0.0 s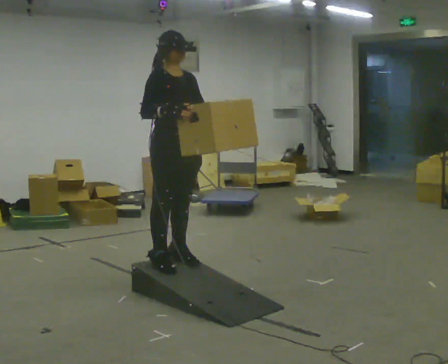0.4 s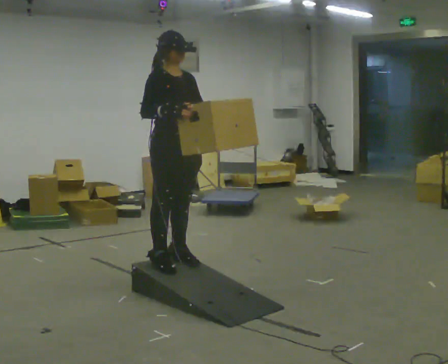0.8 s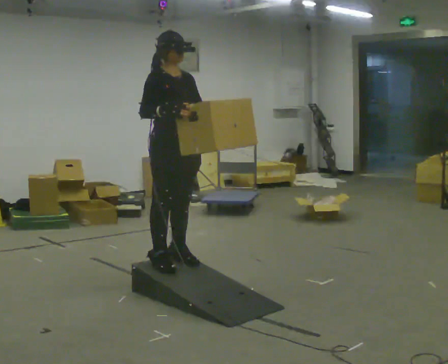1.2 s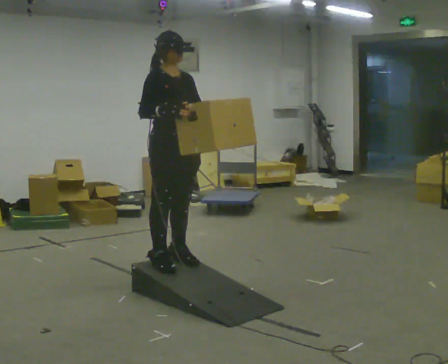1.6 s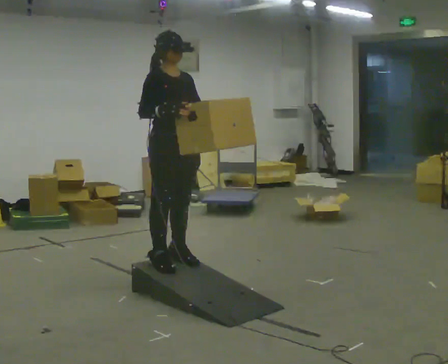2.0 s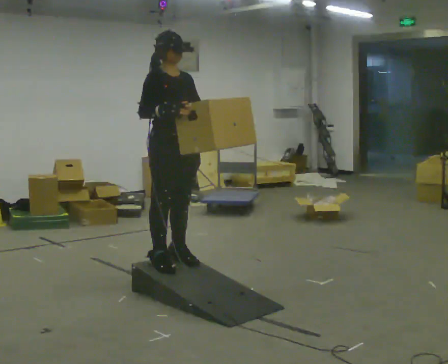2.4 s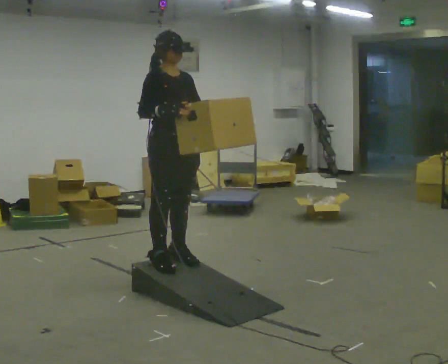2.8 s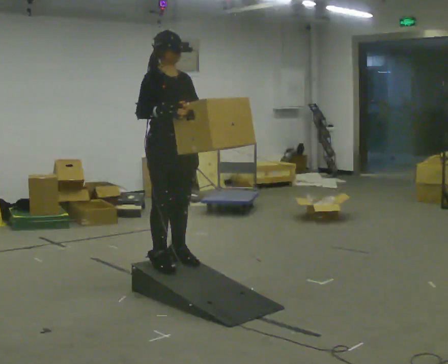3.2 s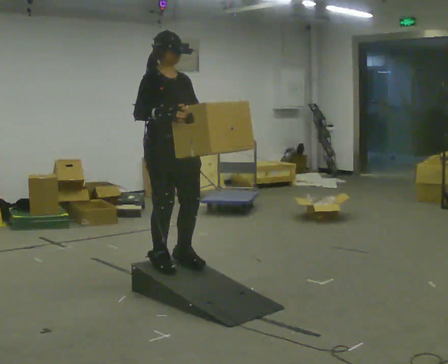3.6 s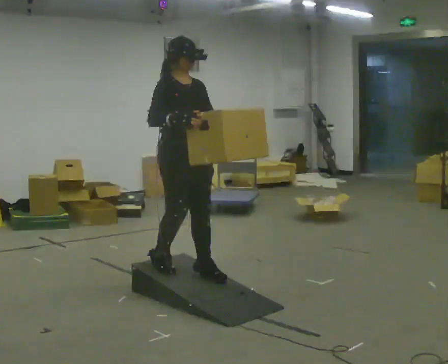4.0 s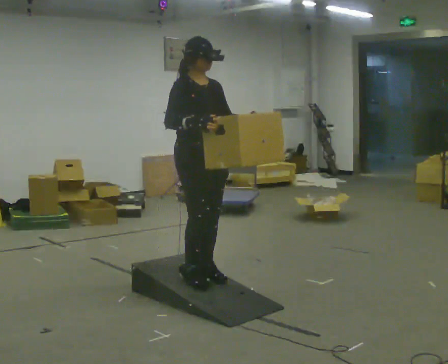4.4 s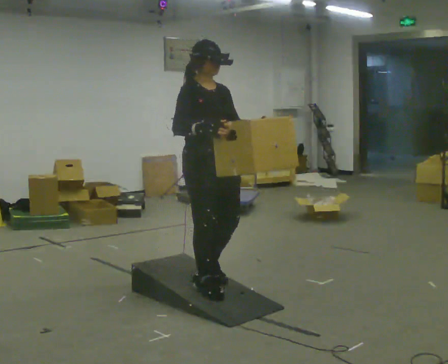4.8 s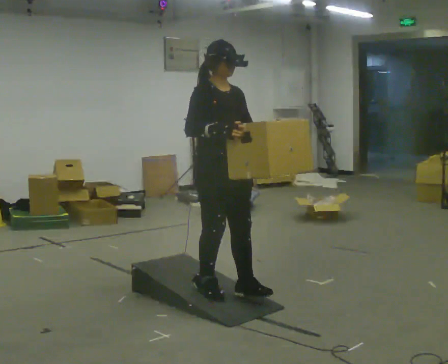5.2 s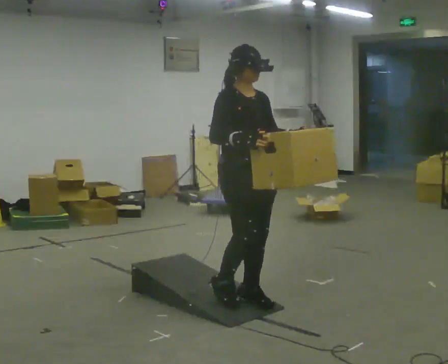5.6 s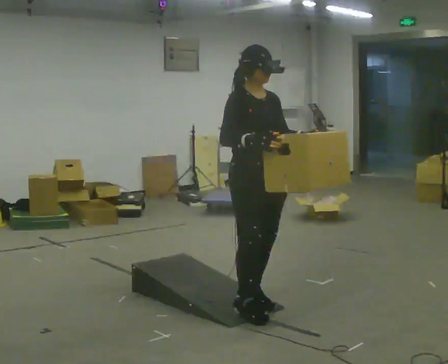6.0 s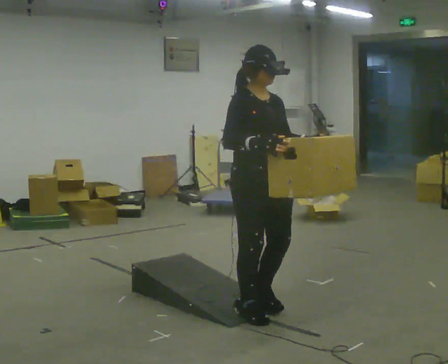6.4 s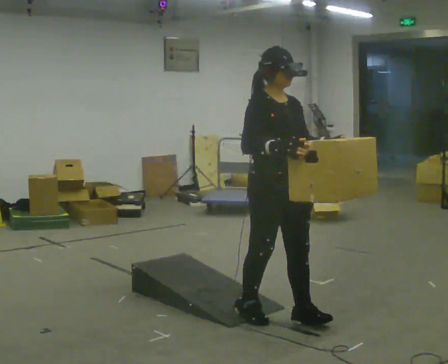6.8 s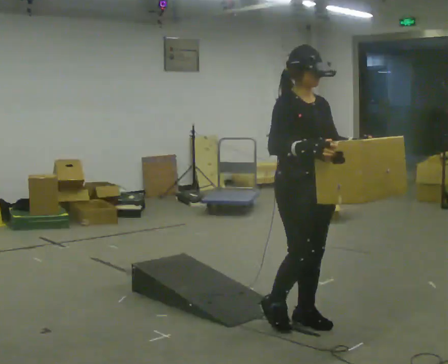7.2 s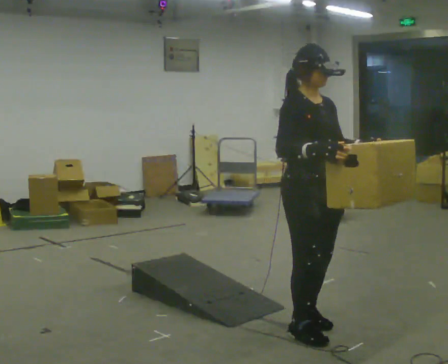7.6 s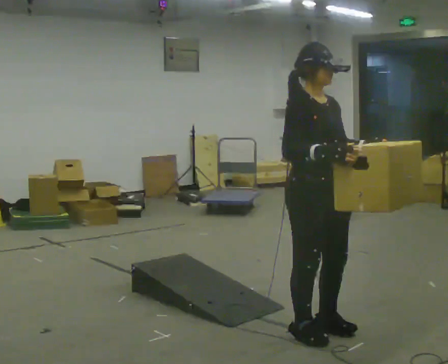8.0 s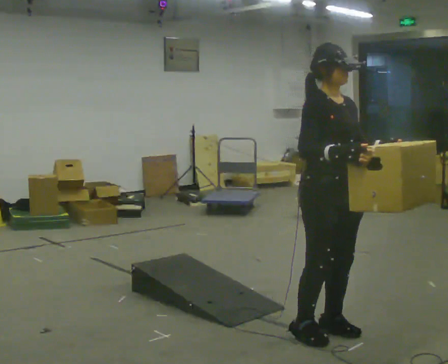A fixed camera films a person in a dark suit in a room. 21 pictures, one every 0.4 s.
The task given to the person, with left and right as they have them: Carry the box up the ramp, turn at the top, and carry it back down. Keep going until the operator says stop; one object at a time, and do not rush between trips.
0.0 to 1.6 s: The person keeps their place and pose.
1.6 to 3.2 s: The person moves a little, or ends about where they began.
3.2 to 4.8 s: In the picture they go to the right and toward the camera, about 0.5 m in 3 steps, which for them is forward.
4.8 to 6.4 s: In the picture they go toward the camera and to the right, about 0.5 m in 2 steps, which for them is forward.
6.4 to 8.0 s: In the picture they go toward the camera and to the right, about 0.25 m in 2 steps, which for them is forward.
The film runs forward here.
